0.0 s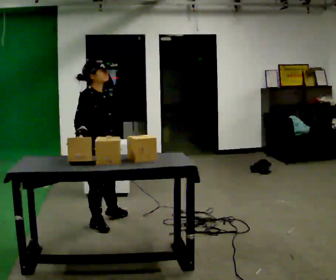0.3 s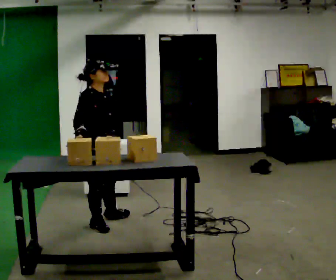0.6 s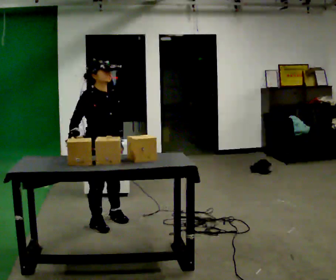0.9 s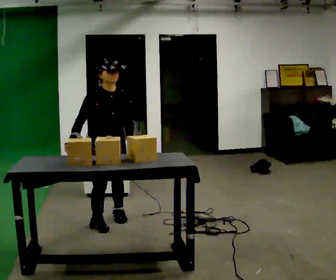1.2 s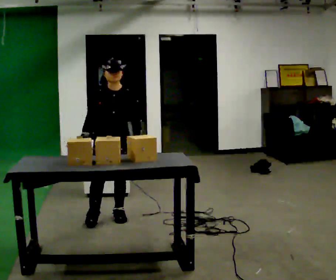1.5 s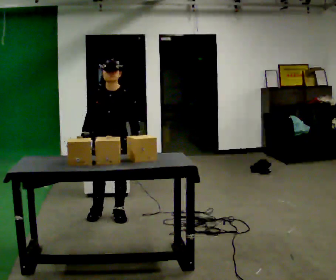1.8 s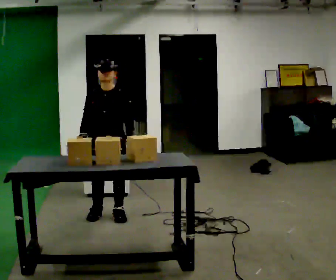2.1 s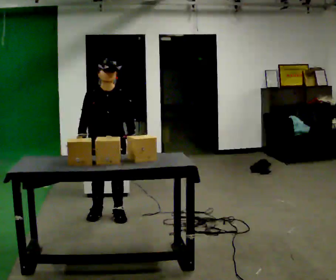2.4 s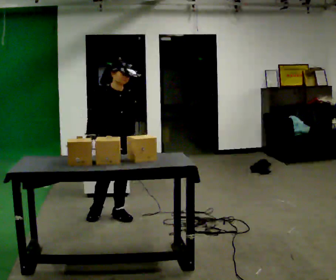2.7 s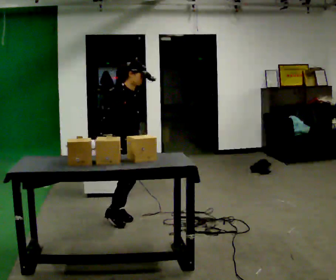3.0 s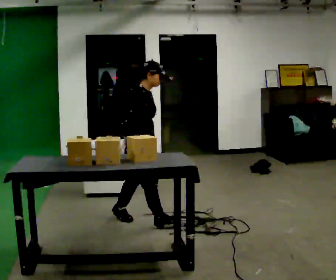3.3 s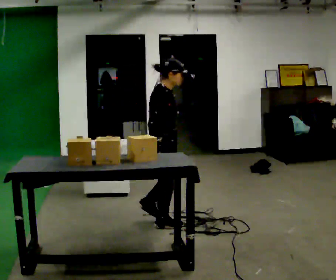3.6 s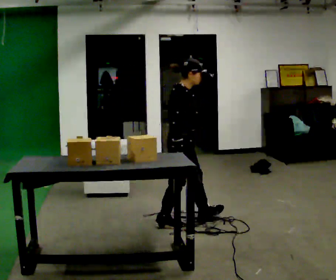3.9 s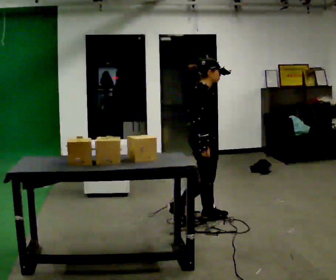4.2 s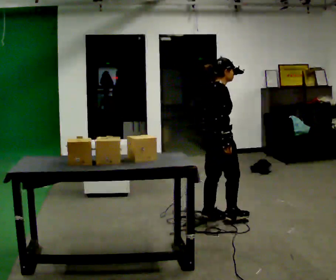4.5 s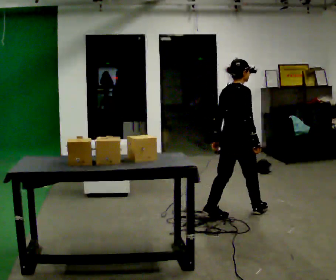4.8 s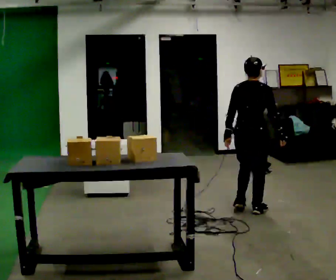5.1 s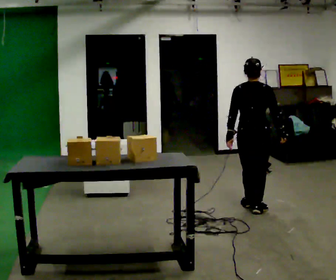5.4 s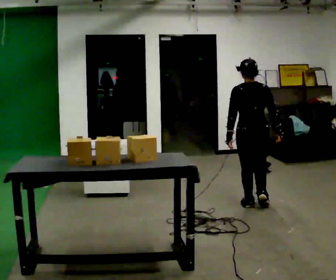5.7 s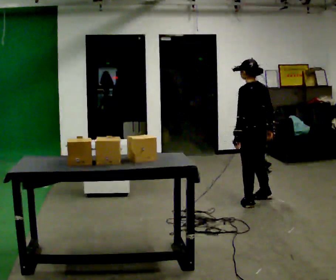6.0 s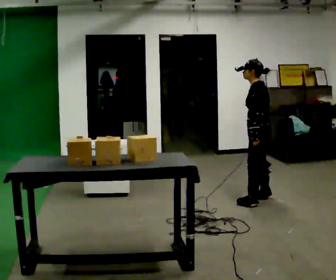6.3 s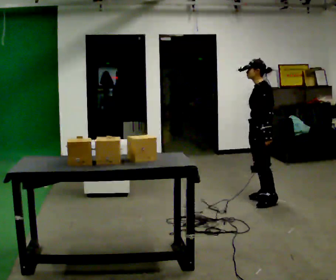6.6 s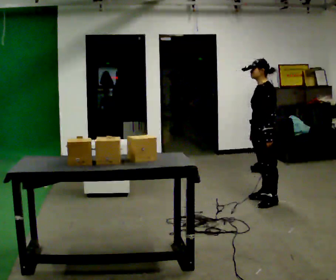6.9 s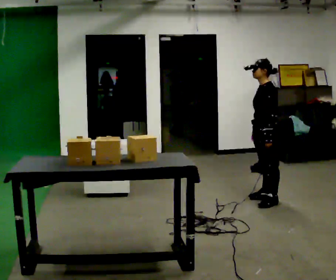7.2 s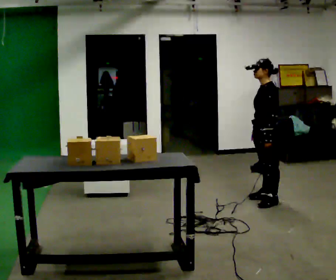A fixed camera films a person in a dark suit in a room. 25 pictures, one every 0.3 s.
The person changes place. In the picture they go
to the right.
0.0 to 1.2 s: The part of the body nearest the lens slides to the left as the person turns to their right by about 60 degrees. In the picture they go away from the camera, about 0.25 m.
1.2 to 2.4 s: The person turns about 30 degrees to their left, counterclockwise seen from above, so the part of the body nearest the lens slides to the right.
2.4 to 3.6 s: Seen from above the body turns counterclockwise, about 45 degrees: to their left, with its near side sliding to the right. In the picture they go to the right, about 0.5 m in 1 step, which for them is forward.
3.6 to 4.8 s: The person turns about 75 degrees to their left, counterclockwise seen from above, so the part of the body nearest the lens slides to the right. In the picture they go to the right and away from the camera, about 0.5 m in 2 steps.
4.8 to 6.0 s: Seen from above the body turns counterclockwise, about 105 degrees: to their left, with its near side sliding to the right. In the picture they go away from the camera, about 0.5 m in 2 steps.
6.0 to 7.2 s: The person moves a little, or ends about where they began.
The film runs forward here.
